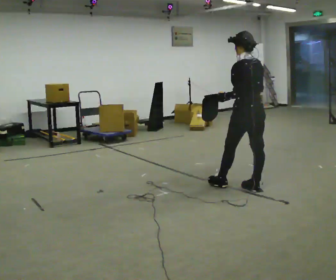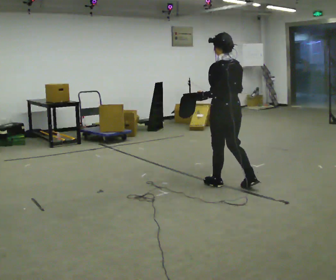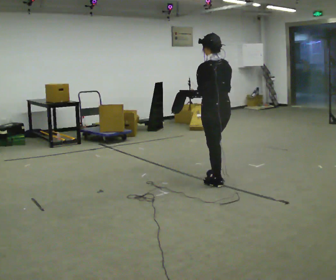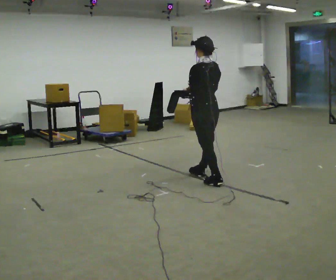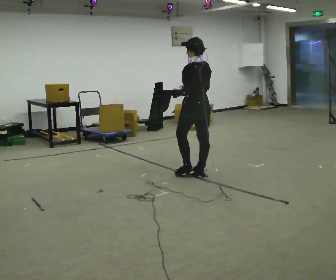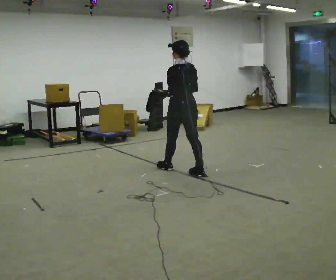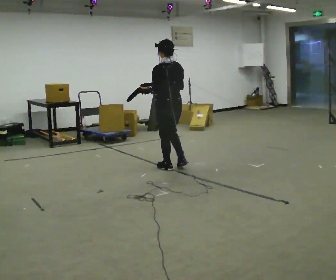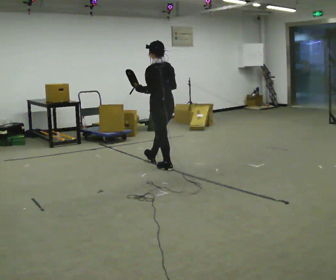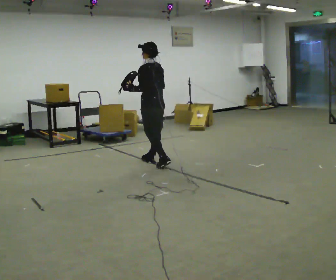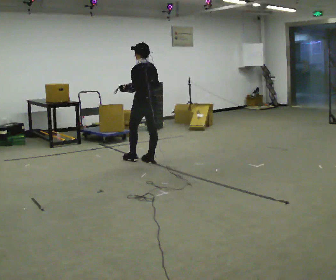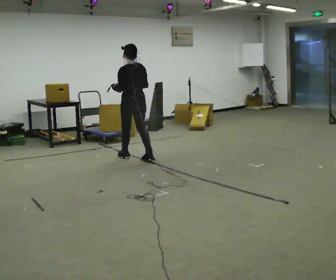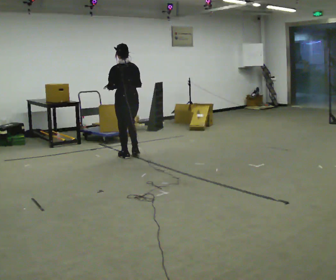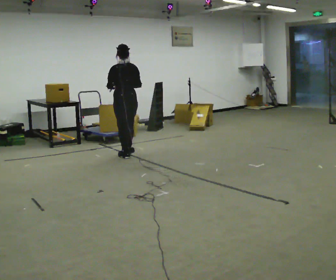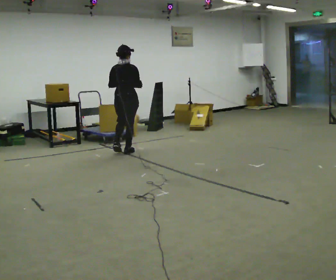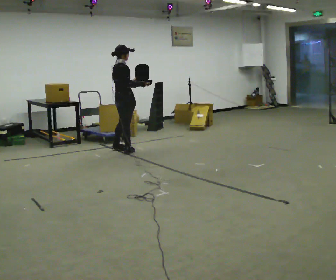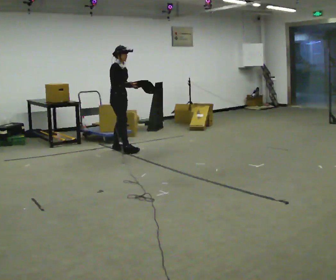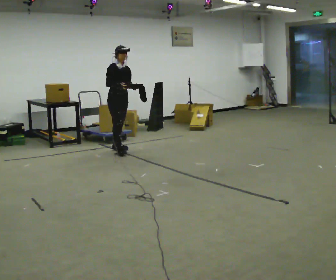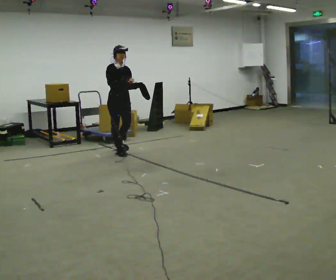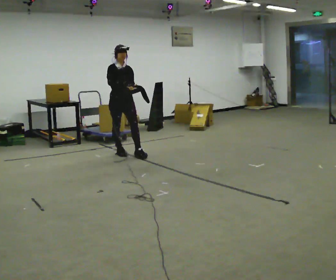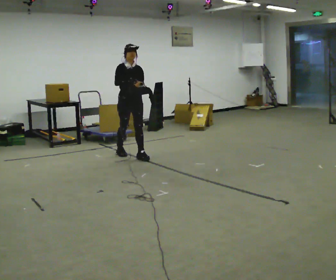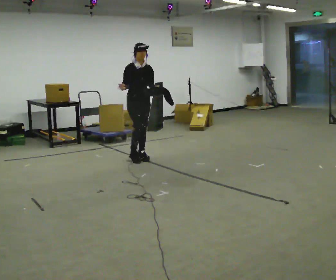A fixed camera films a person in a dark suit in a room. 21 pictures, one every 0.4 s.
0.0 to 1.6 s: In the picture they go away from the camera and to the left, about 1 m in 2 steps, which for them is forward.
1.6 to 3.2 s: In the picture they go away from the camera and to the left, about 1 m in 2 steps, which for them is forward.
3.2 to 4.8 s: The part of the body nearest the lens slides to the left as the person turns to their right by about 30 degrees. In the picture they go away from the camera and to the left, about 0.75 m in 2 steps, which for them is forward.
4.8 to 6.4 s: Seen from above the body turns clockwise, about 150 degrees: to their right, with its near side sliding to the left. In the picture they go away from the camera and to the left, about 0.25 m in 1 step.
6.4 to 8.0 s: In the picture they go toward the camera and to the right, about 0.5 m in 1 step, which for them is forward.
The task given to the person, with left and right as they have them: Carry the open container and, while walking, reach in with one hand and take an item out, then put it back. Repeat as you walk. Do not stop.
The film runs forward here.
